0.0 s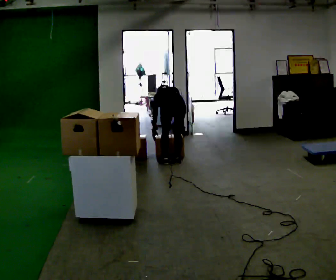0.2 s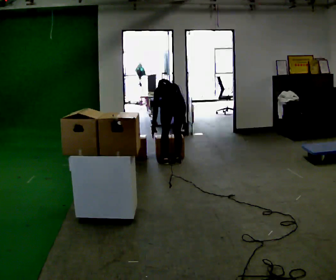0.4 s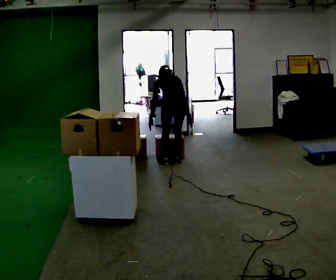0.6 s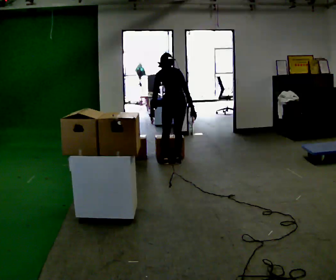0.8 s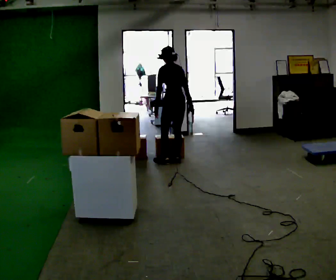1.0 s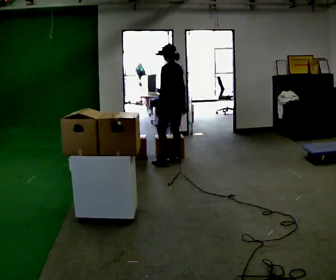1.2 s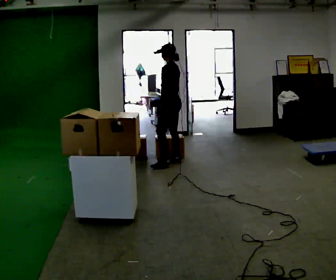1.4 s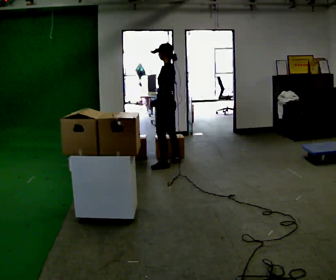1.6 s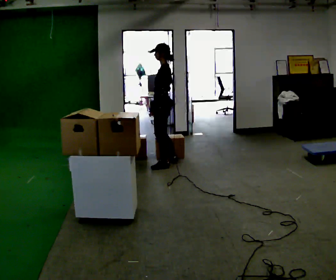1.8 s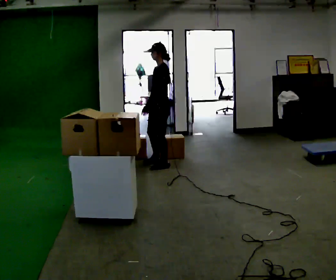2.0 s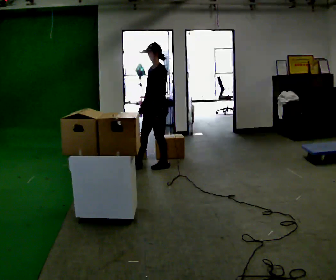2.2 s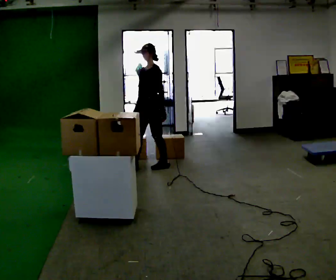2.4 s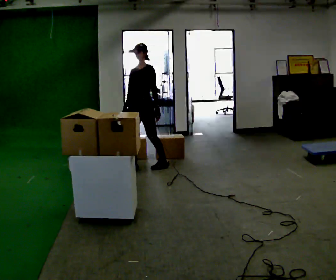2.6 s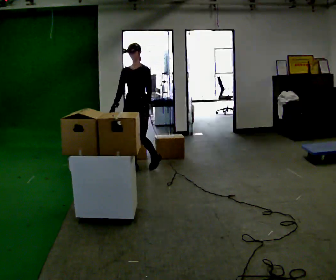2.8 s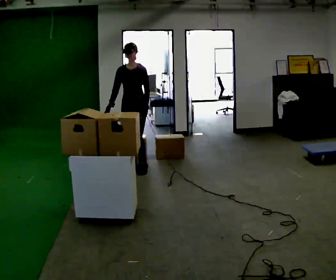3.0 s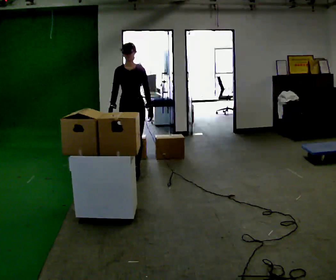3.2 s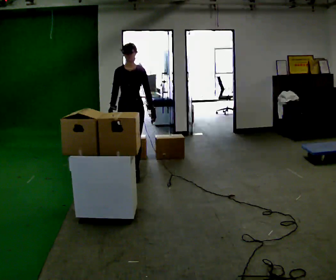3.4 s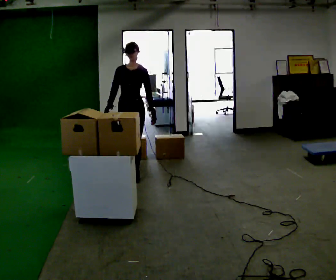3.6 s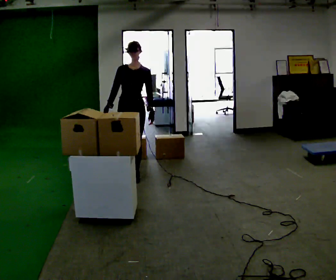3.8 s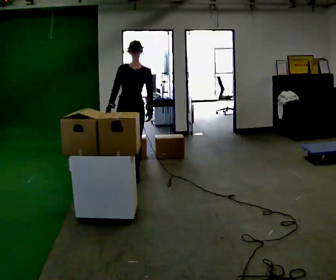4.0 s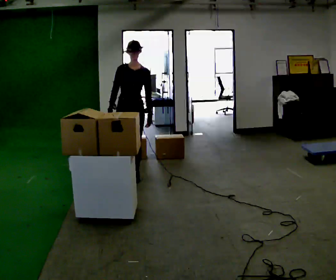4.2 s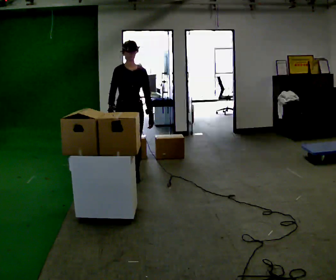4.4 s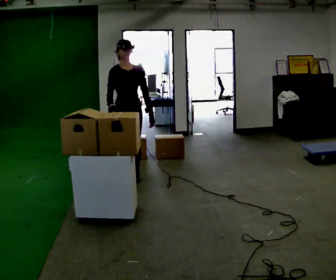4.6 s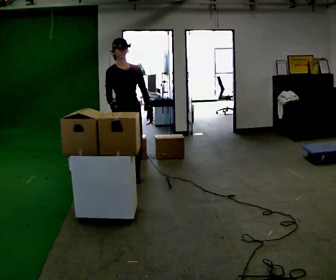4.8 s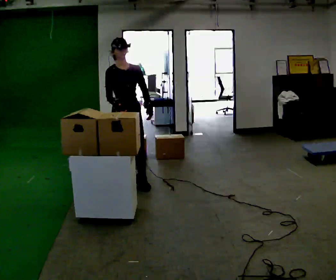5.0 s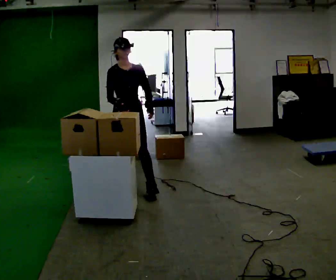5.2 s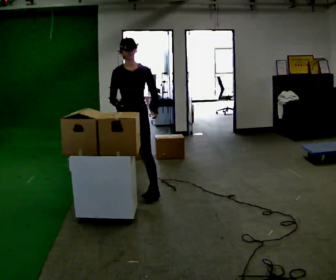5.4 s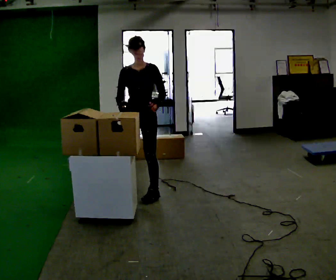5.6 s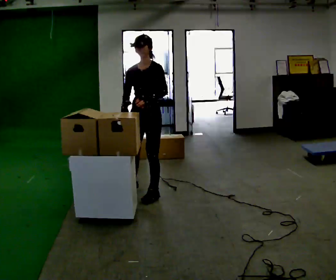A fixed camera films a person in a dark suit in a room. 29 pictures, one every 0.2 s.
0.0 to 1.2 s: The part of the body nearest the lens slides to the right as the person turns to their left by about 60 degrees. The upper body goes upward. The upper body tips toward the camera, its near side rolling downward, as they lean back or straighten. In the picture their left hand goes upward.
1.2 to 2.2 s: Seen from above the body turns counterclockwise, about 60 degrees: to their left, with its near side sliding to the right. In the picture they go to the left and toward the camera, about 0.25 m in 1 step.
2.2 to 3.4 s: The person turns about 45 degrees to their left, counterclockwise seen from above, so the part of the body nearest the lens slides to the right. In the picture they go toward the camera and to the left, about 0.5 m in 1 step, which for them is forward.
3.4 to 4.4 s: The part of the body nearest the lens slides to the right as the person turns to their left by about 30 degrees. In the picture they go toward the camera, about 0.25 m in 1 step, which for them is forward.
4.4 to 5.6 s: The person turns about 45 degrees to their right, clockwise seen from above, so the part of the body nearest the lens slides to the left. In the picture they go toward the camera and to the right, about 0.5 m in 1 step, which for them is forward.
The film runs forward here.
